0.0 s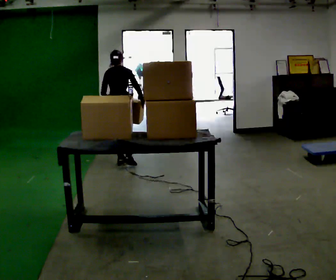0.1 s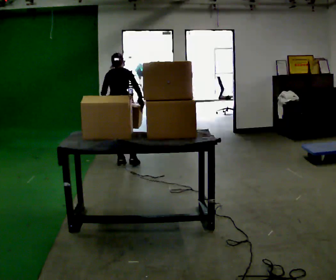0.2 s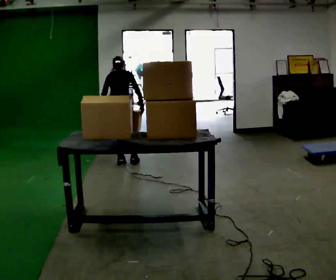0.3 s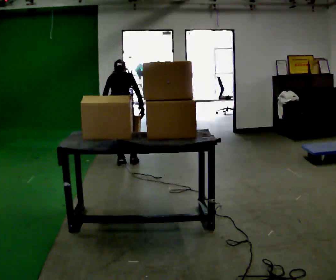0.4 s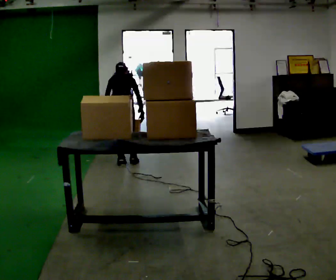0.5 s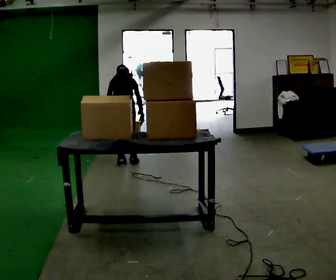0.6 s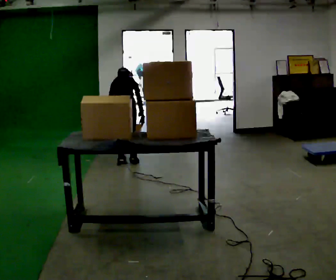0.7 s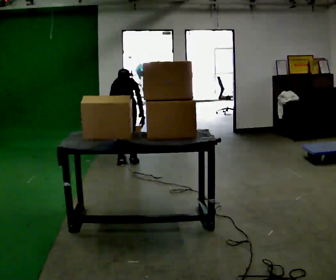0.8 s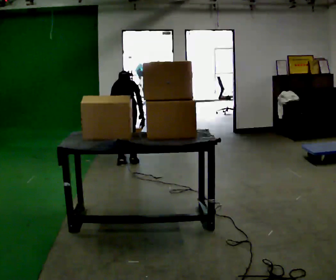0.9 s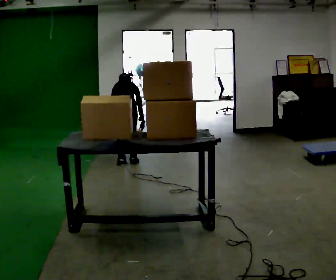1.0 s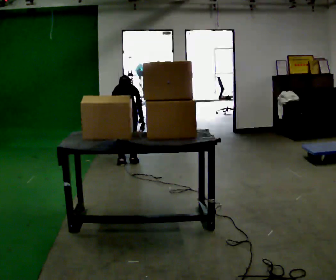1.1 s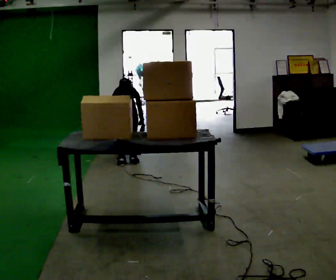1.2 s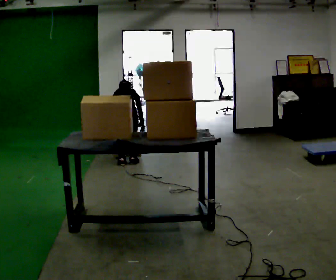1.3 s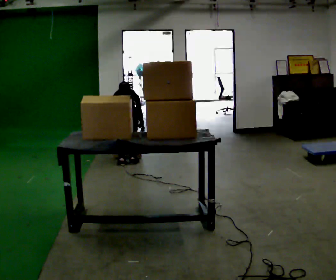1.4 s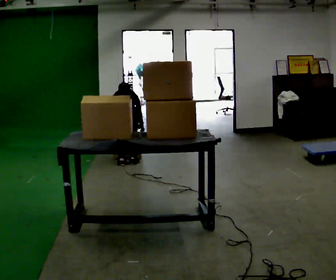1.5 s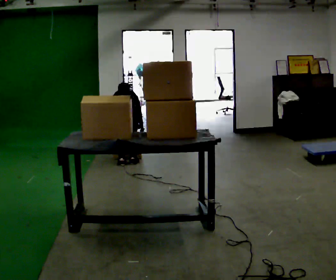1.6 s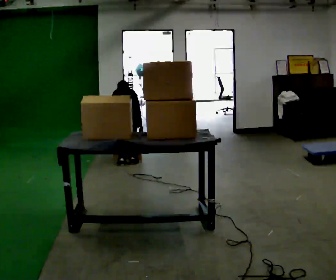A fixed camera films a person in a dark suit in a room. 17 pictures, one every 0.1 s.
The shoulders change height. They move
downward.
Their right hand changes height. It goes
downward.
0.0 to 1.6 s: The shoulders move downward. The upper body tips away from the camera, its near side rolling upward, as they bend forward. In the picture their left hand goes downward.
The film runs forward here.
